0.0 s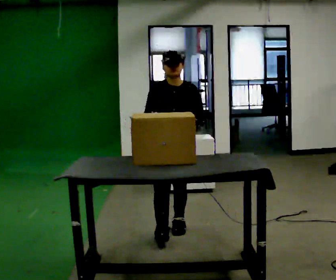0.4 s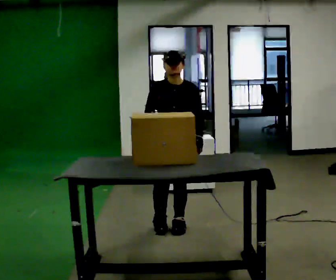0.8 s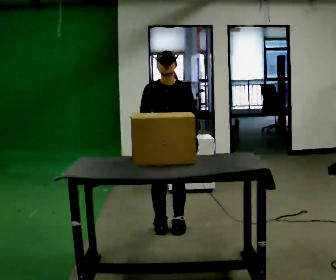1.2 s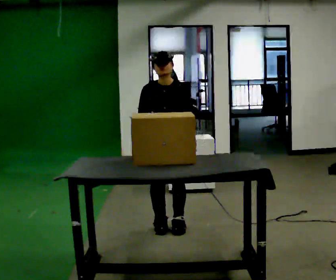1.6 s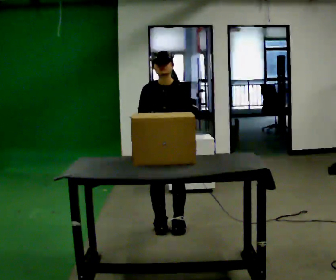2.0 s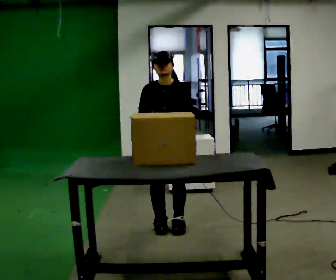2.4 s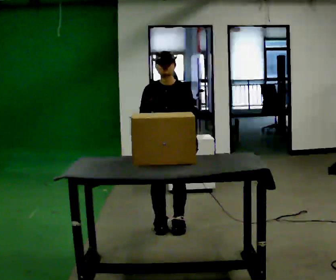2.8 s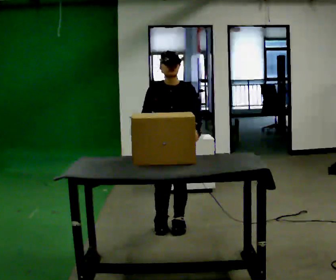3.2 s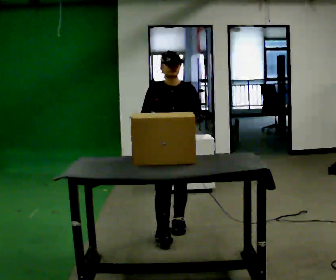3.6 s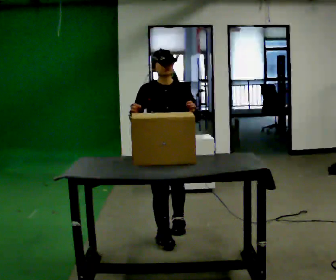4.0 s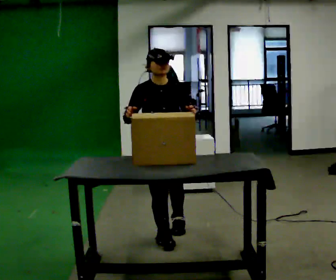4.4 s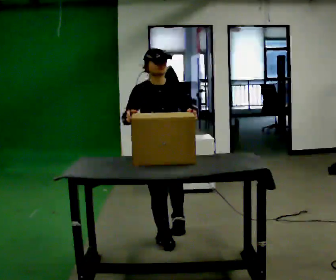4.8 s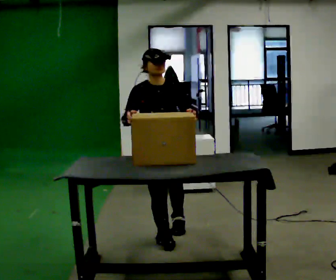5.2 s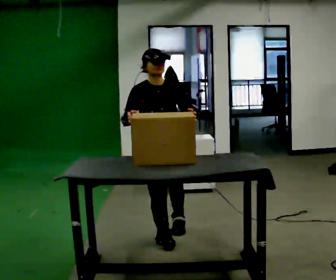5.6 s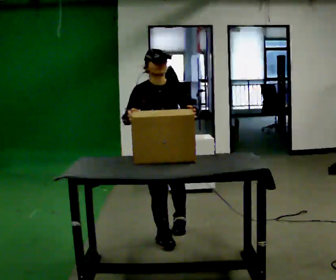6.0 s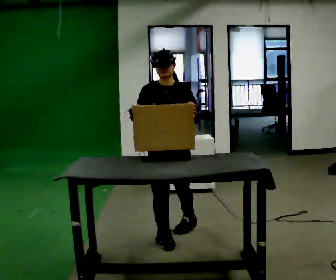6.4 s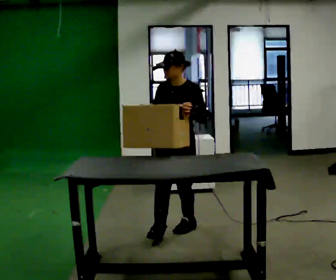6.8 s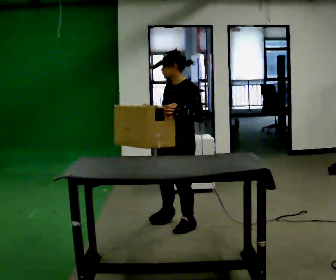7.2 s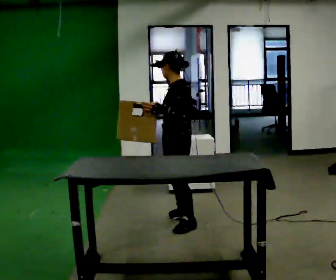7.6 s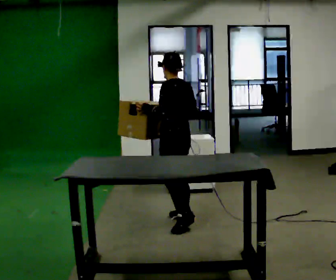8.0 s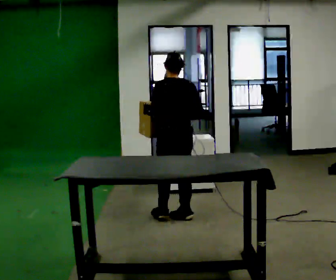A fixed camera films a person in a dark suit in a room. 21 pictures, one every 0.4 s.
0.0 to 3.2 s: The person moves a little, or ends about where they began.
3.2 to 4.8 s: In the picture they go toward the camera, about 0.25 m in 1 step, which for them is forward and to their right.
4.8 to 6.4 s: Seen from above the body turns clockwise, about 45 degrees: to their right, with its near side sliding to the left. In the picture they go away from the camera, about 0.25 m, which for them is backward and to their left.
6.4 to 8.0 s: Seen from above the body turns clockwise, about 135 degrees: to their right, with its near side sliding to the left. In the picture they go away from the camera, about 0.5 m in 1 step.
The film runs forward here.
